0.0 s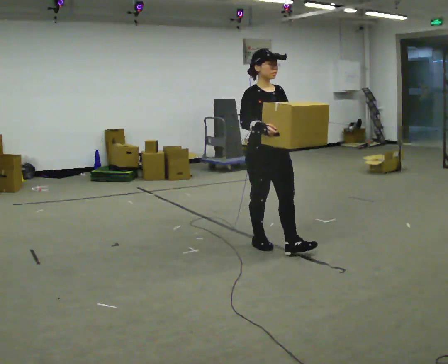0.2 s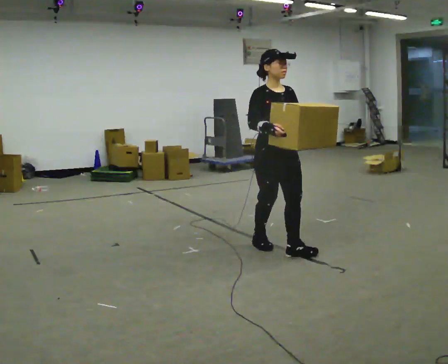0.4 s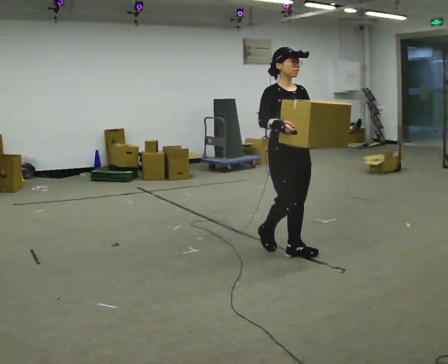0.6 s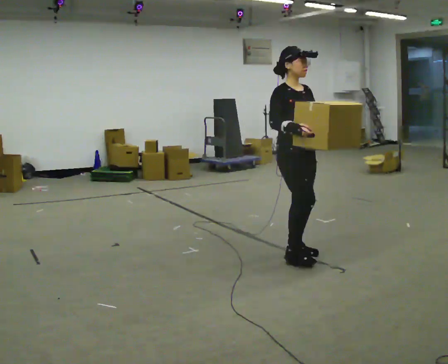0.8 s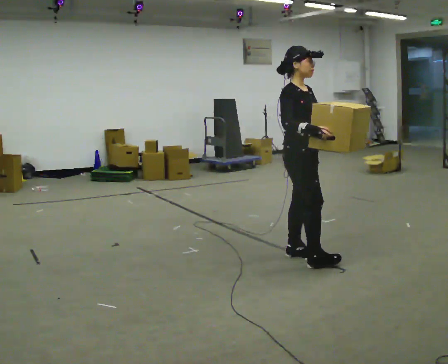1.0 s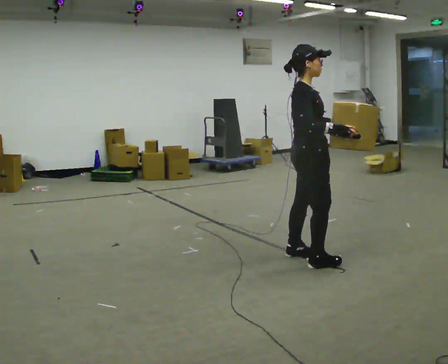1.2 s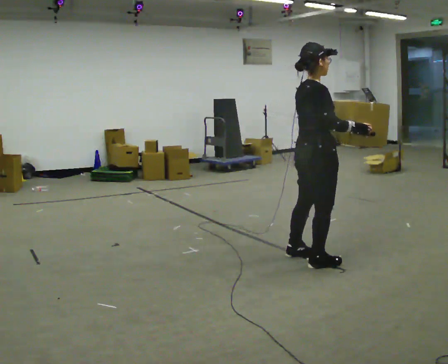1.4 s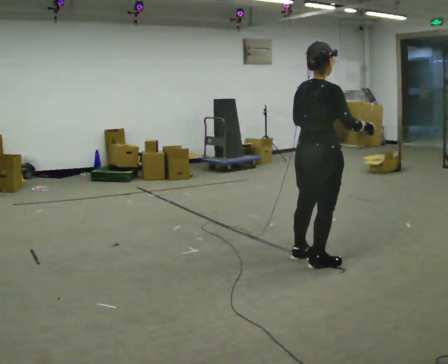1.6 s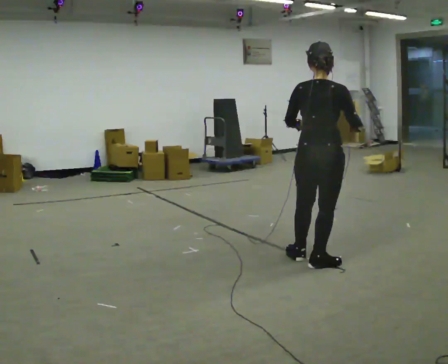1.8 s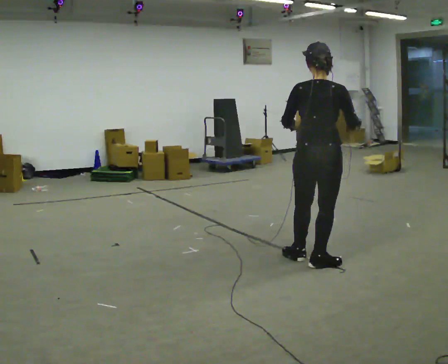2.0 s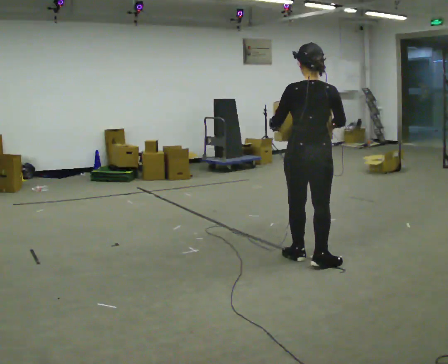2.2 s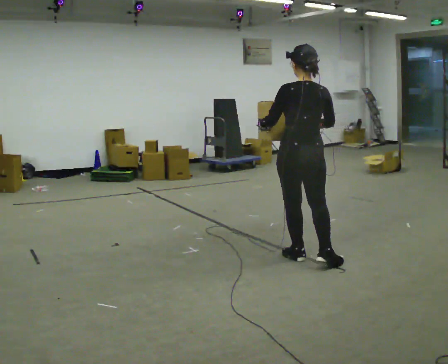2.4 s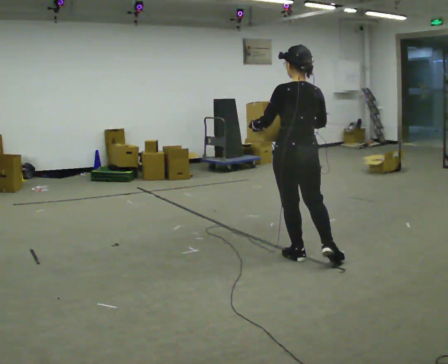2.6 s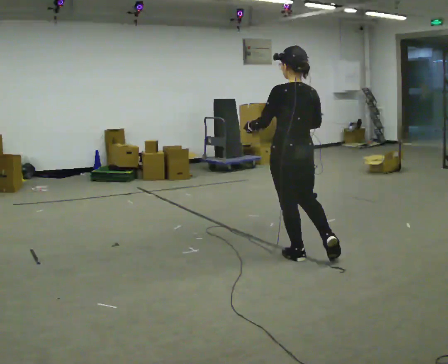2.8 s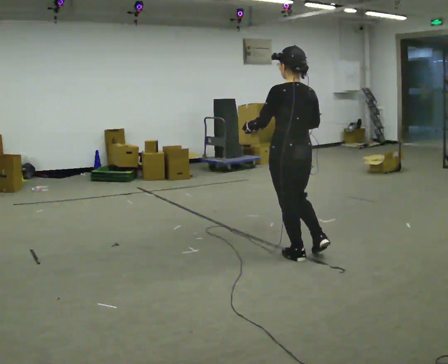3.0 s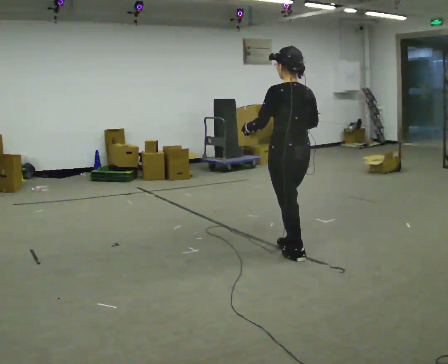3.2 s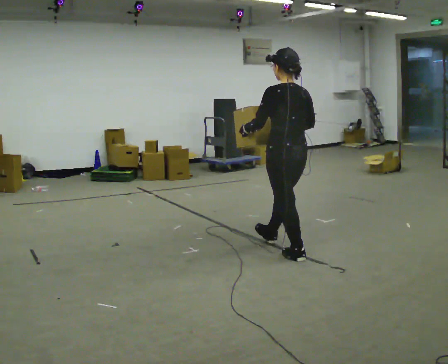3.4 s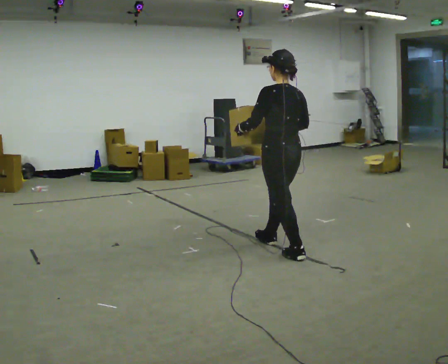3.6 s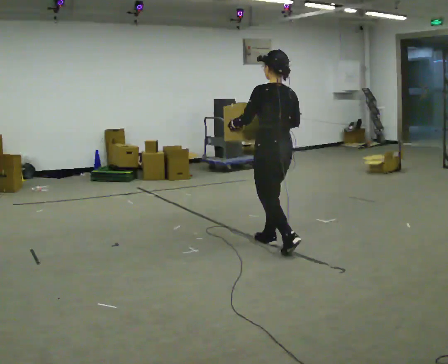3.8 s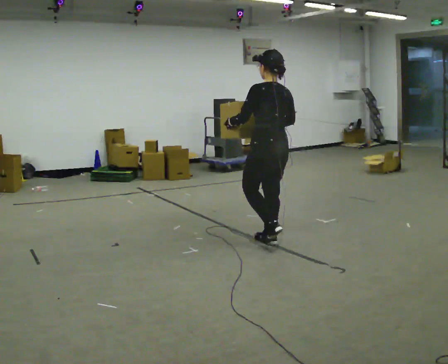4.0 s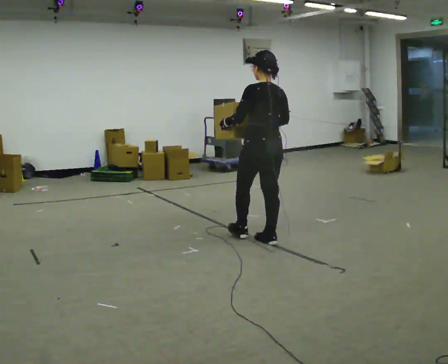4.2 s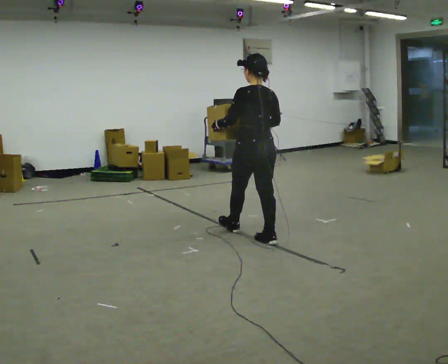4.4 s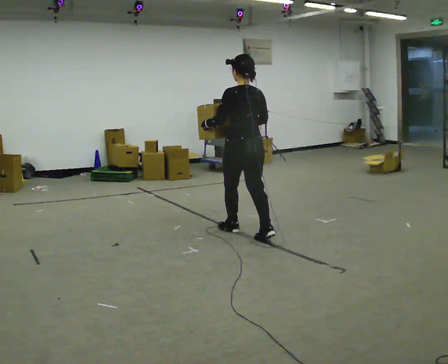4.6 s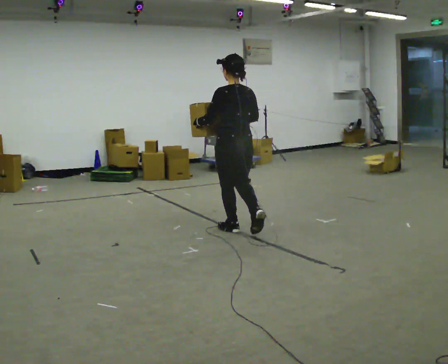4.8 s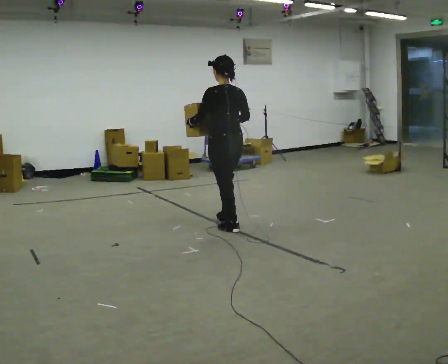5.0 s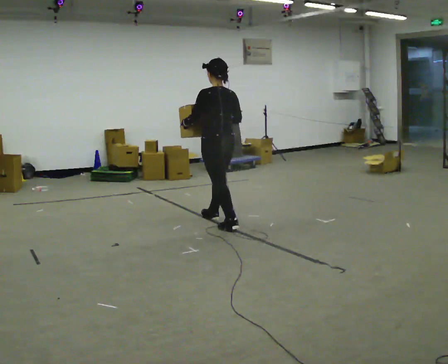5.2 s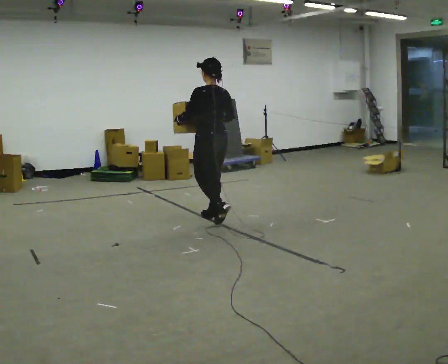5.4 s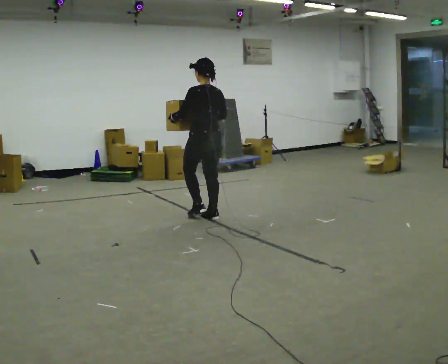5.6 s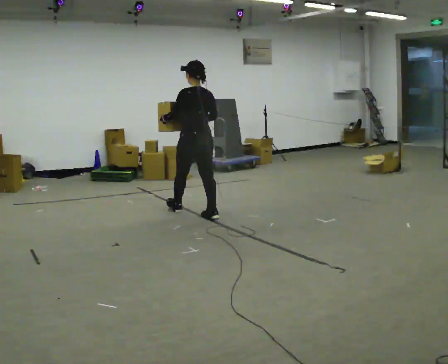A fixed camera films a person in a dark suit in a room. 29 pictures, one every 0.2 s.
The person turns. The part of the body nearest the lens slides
to the right.
The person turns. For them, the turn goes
to their left.
0.0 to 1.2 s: The part of the body nearest the lens slides to the right as the person turns to their left by about 90 degrees. In the picture they go toward the camera and to the right, about 0.5 m in 1 step.
1.2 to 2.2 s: The part of the body nearest the lens slides to the right as the person turns to their left by about 75 degrees. In the picture their right hand goes to the left.
2.2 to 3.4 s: In the picture they go away from the camera and to the left, about 0.25 m in 1 step, which for them is forward.
3.4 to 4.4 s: In the picture they go away from the camera and to the left, about 0.5 m in 1 step, which for them is forward.
4.4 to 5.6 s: In the picture they go away from the camera and to the left, about 1 m in 2 steps, which for them is forward.
The film runs forward here.
